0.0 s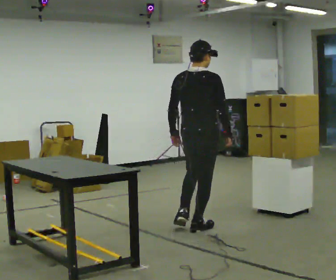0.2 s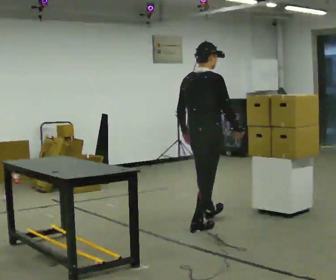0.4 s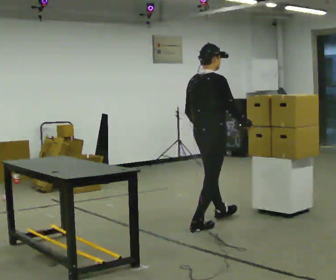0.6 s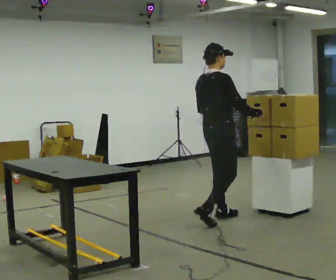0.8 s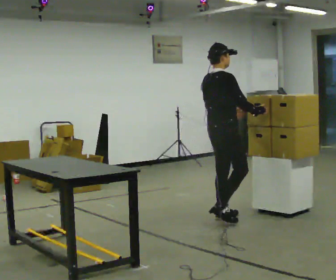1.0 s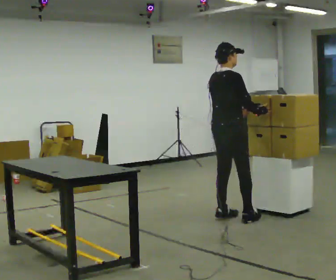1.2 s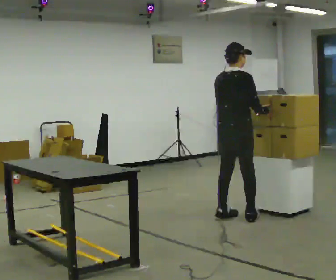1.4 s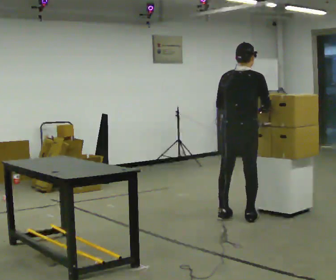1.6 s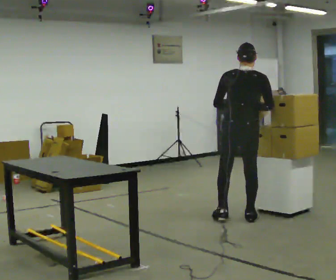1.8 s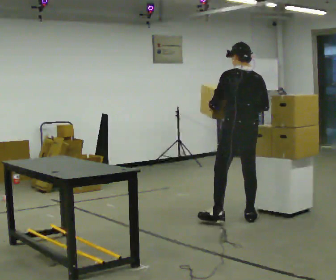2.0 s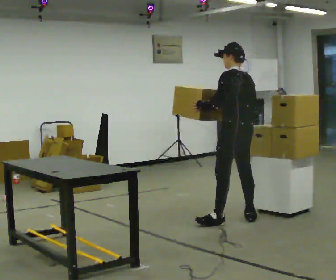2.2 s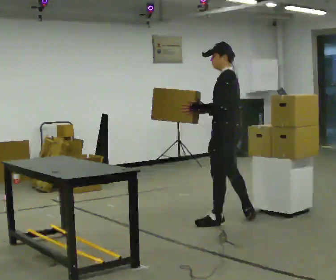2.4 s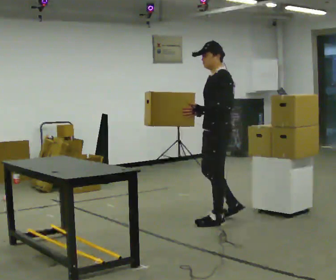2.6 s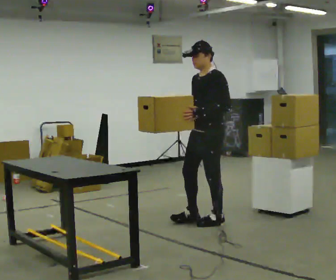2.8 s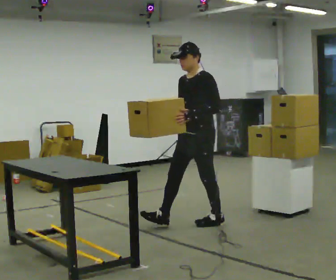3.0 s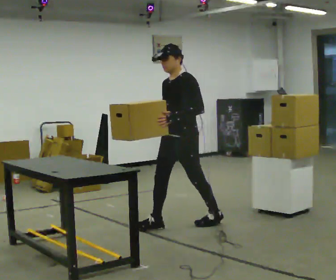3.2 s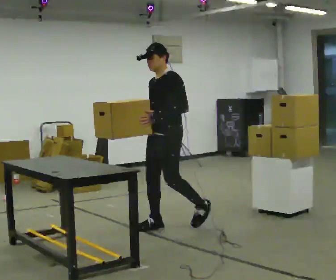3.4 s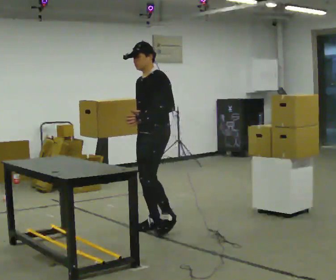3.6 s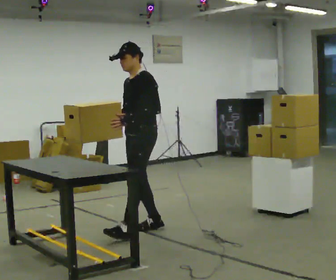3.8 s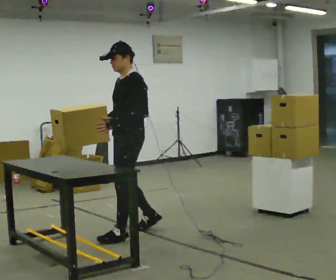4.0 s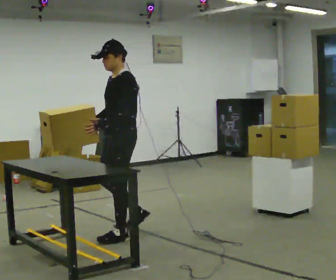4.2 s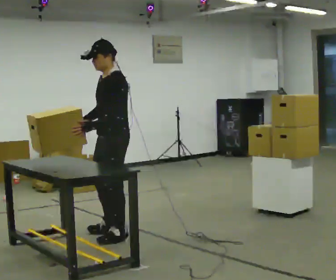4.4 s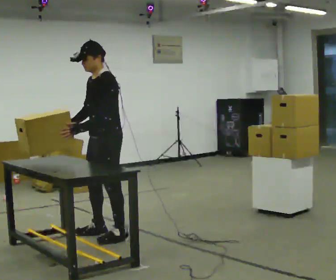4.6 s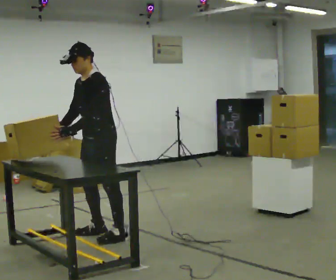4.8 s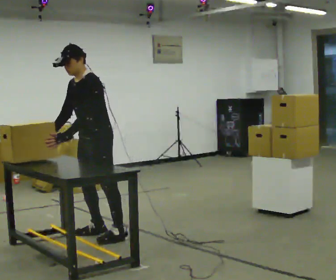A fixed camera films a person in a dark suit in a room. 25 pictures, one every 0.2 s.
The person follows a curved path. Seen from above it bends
clockwise.
0.0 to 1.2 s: In the picture they go away from the camera and to the right, about 0.5 m in 2 steps, which for them is forward.
1.2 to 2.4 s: Seen from above the body turns counterclockwise, about 150 degrees: to their left, with its near side sliding to the right. In the picture they go toward the camera, about 0.25 m in 1 step. In the picture their left hand goes to the left.
2.4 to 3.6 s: In the picture they go to the left and toward the camera, about 0.5 m in 1 step, which for them is forward.
3.6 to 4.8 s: In the picture they go to the left, about 0.5 m in 2 steps, which for them is forward.
The film runs forward here.
